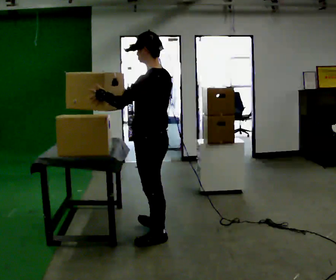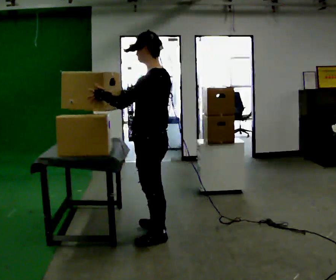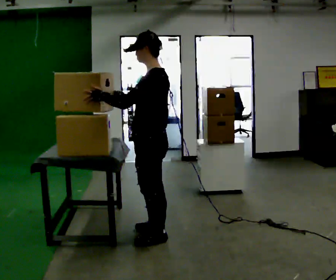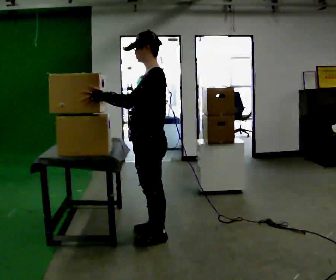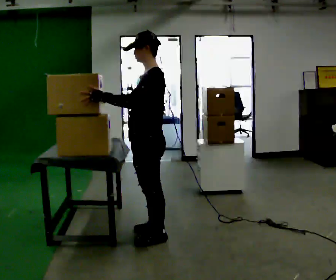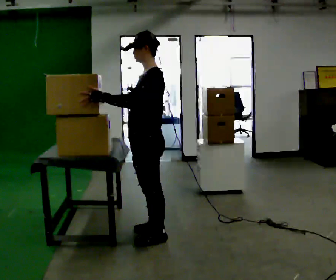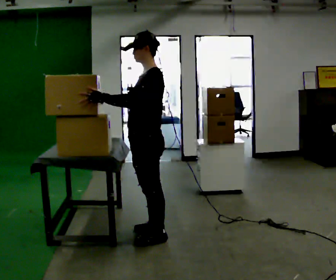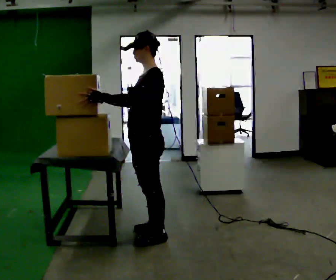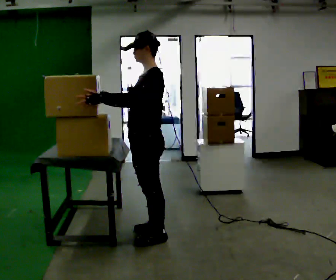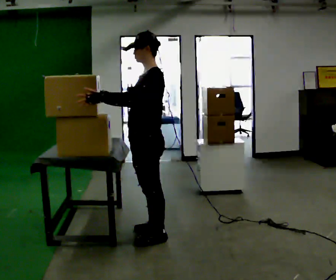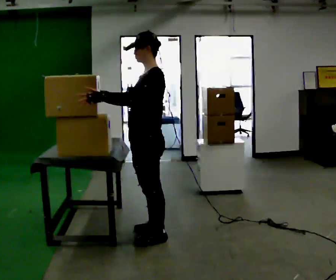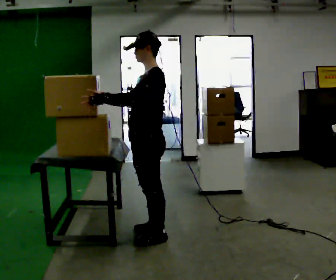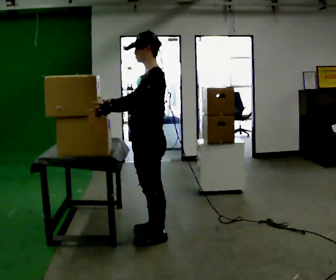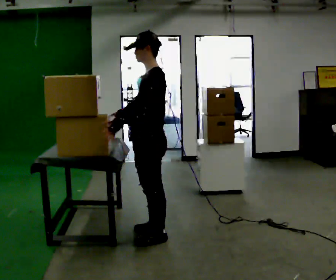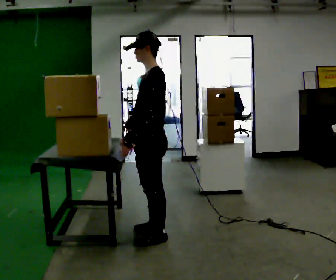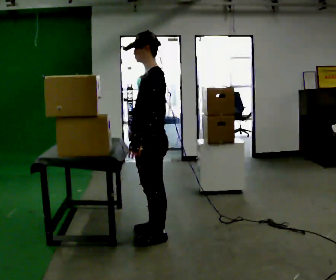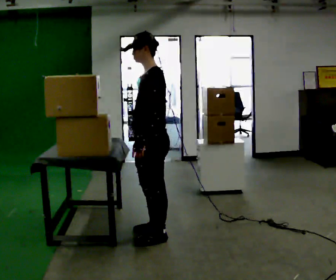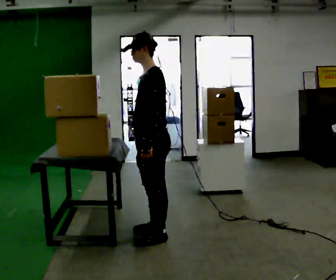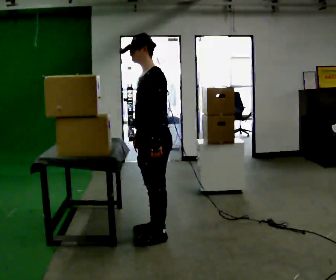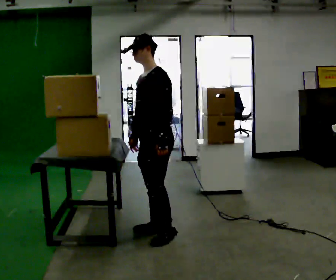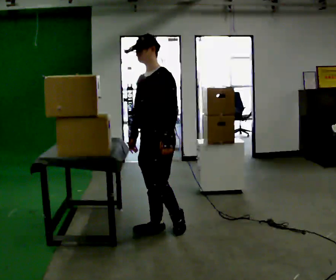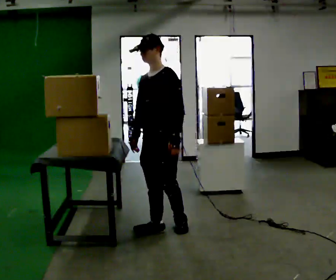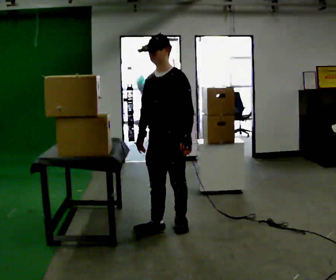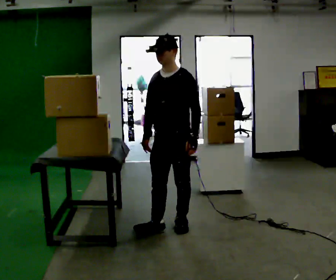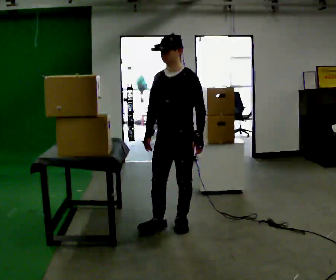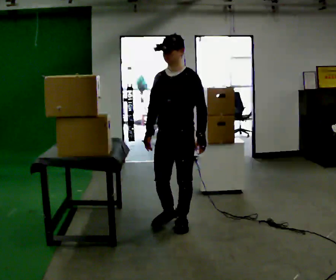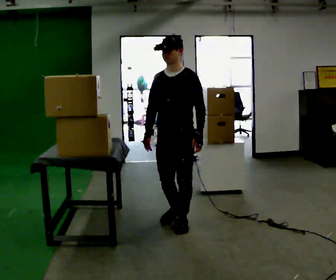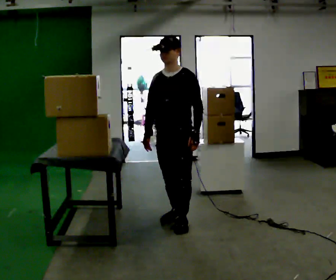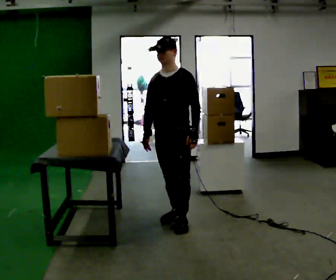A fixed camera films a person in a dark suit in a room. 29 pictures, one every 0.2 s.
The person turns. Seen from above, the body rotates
counterclockwise.
The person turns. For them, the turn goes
to their left.
0.0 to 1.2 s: Seen from above the body turns counterclockwise, about 30 degrees: to their left, with its near side sliding to the right.
1.2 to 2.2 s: The person moves a little, or ends about where they began.
2.2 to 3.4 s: In the picture their right hand goes downward and to the right, the arm swinging counterclockwise.
3.4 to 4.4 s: The part of the body nearest the lens slides to the right as the person turns to their left by about 45 degrees. In the picture they go away from the camera, about 0.25 m in 1 step, which for them is backward. In the picture their left hand goes to the right.
4.4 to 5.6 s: In the picture they go away from the camera, about 0.25 m in 1 step, which for them is backward.
The film runs backward here.
